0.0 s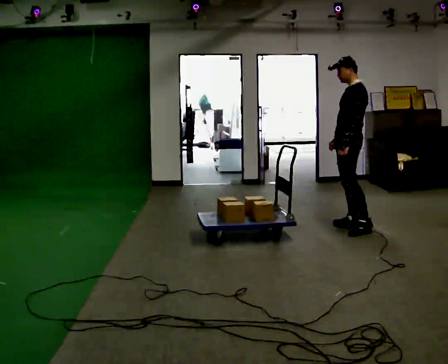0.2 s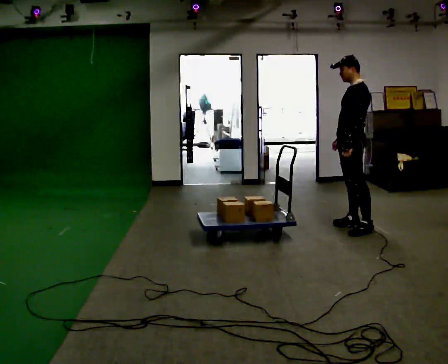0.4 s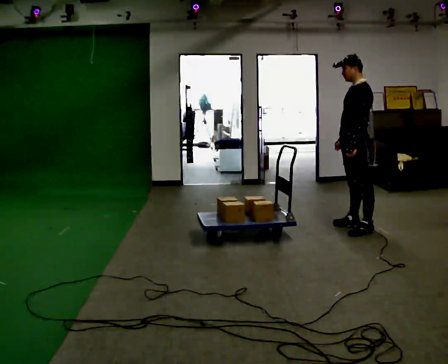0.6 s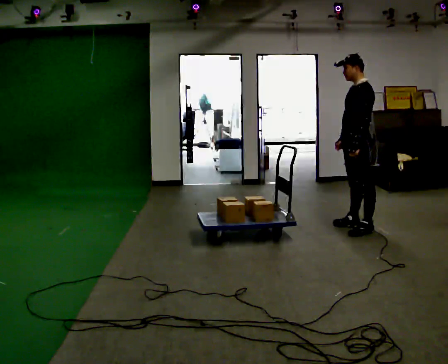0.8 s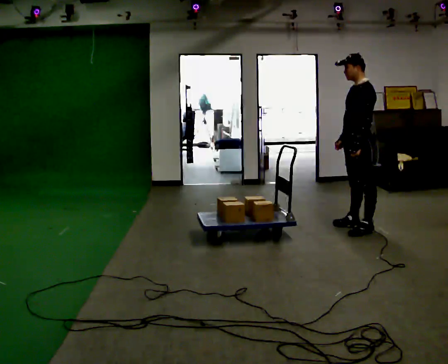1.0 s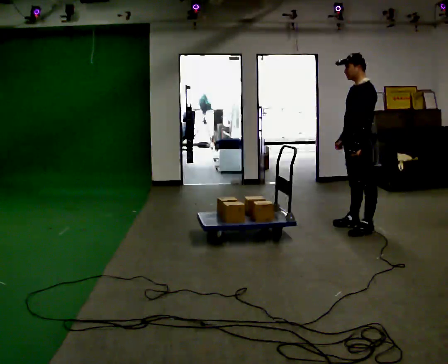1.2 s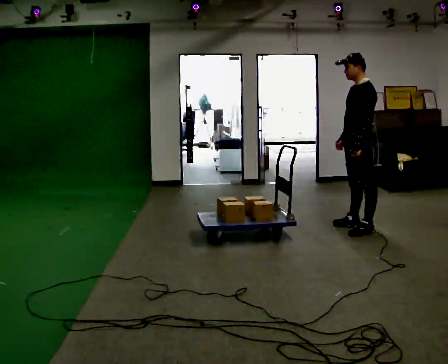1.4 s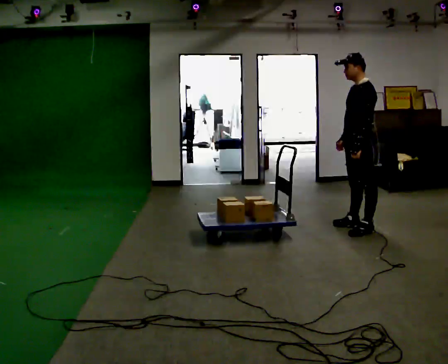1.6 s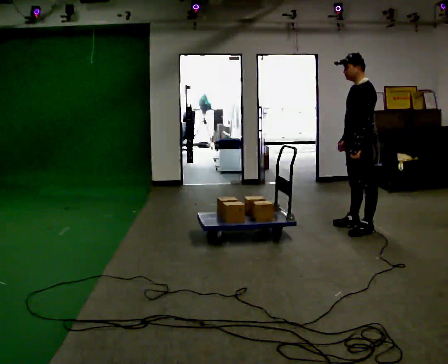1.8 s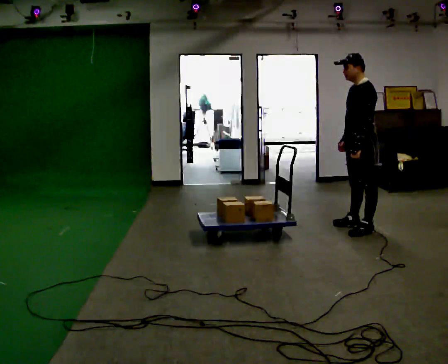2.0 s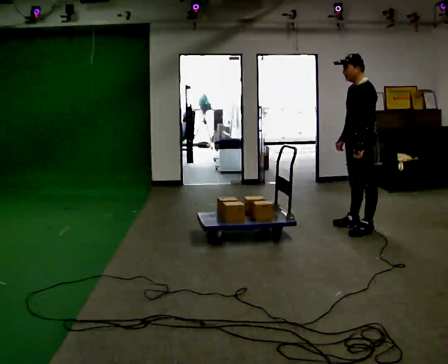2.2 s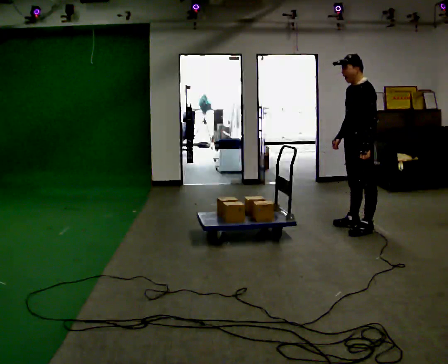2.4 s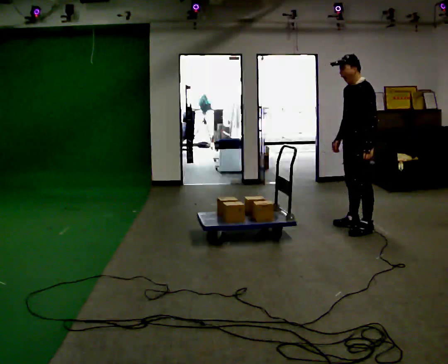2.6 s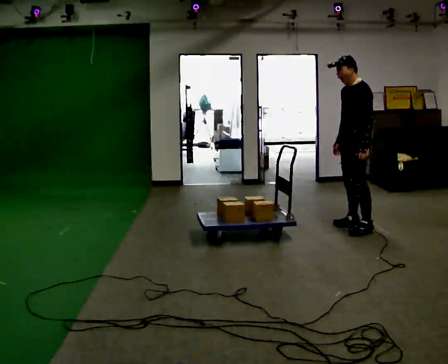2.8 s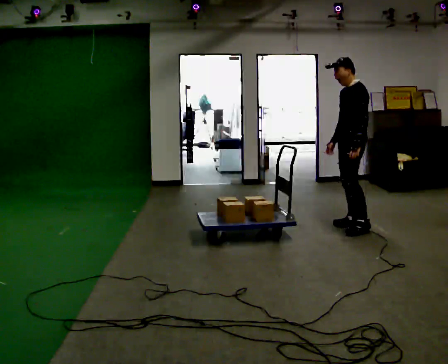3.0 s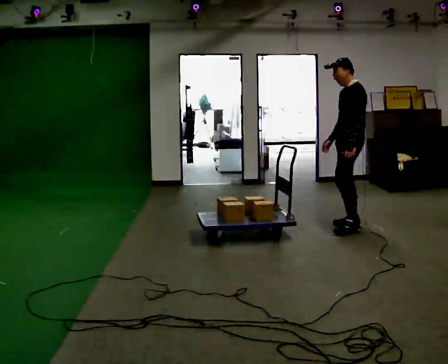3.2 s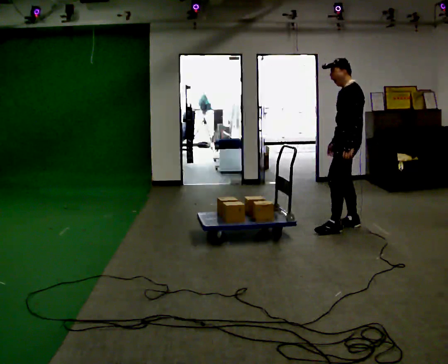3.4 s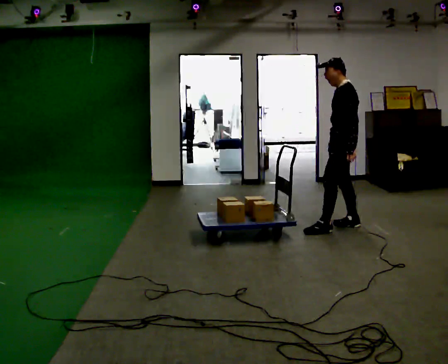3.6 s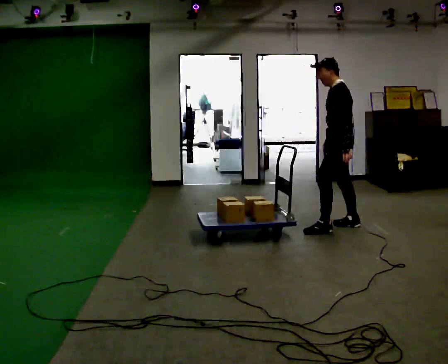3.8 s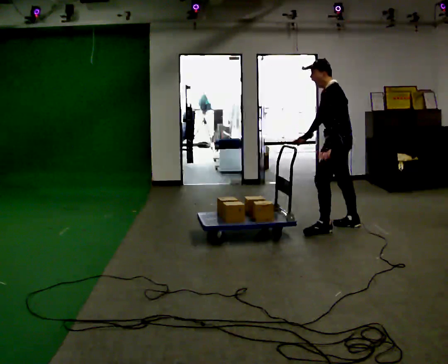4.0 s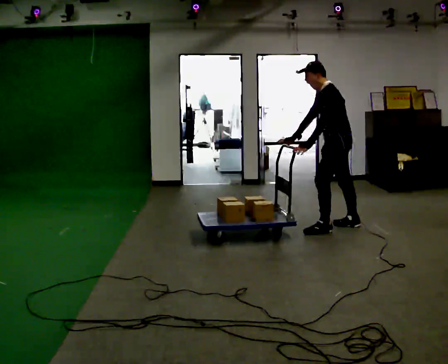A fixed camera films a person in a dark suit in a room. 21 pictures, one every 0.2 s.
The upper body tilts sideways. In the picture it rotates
counterclockwise.
0.0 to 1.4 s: In the picture they go toward the camera, about 0.25 m, which for them is to their left.
1.4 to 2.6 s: The person moves a little, or ends about where they began.
2.6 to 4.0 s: In the picture they go to the left, about 0.25 m in 1 step, which for them is forward. In the picture the upper body tilts counterclockwise, shoulders to the left, as they bend forward. In the picture their left hand goes to the left.
The film runs backward here.
